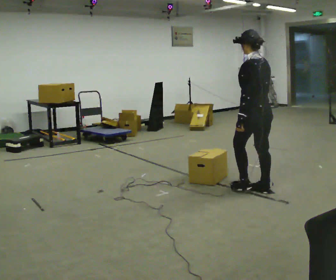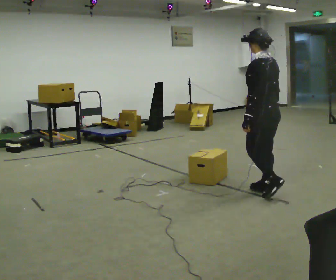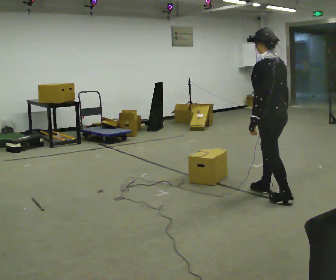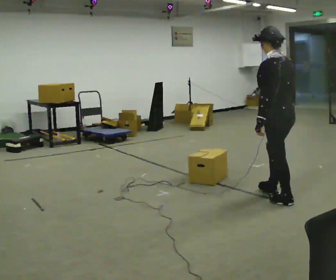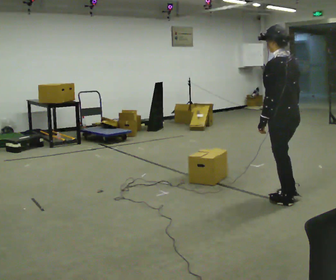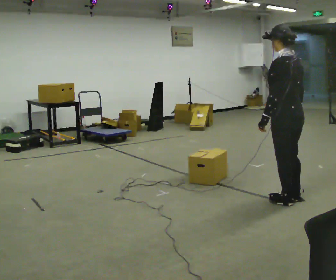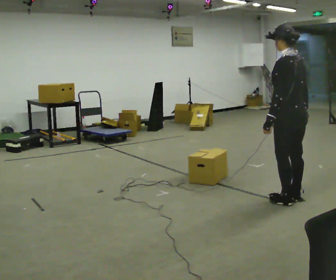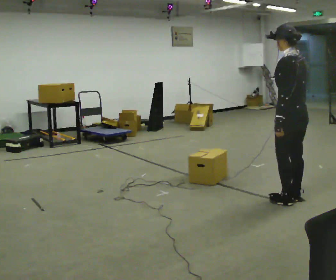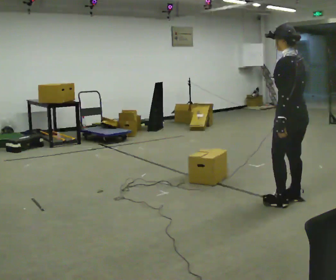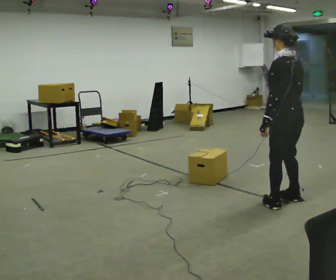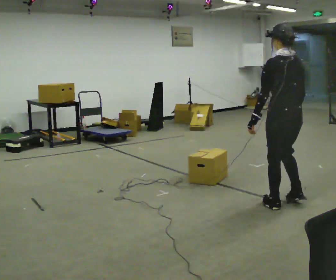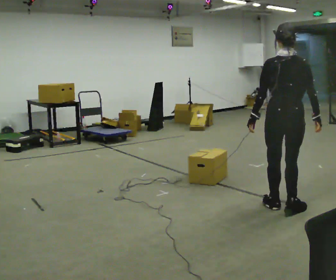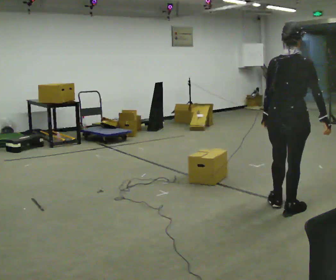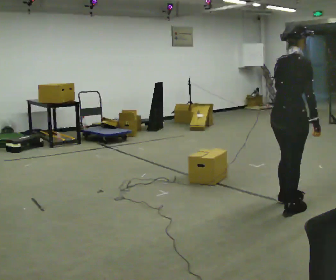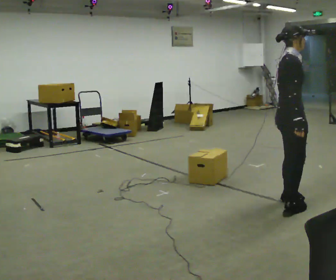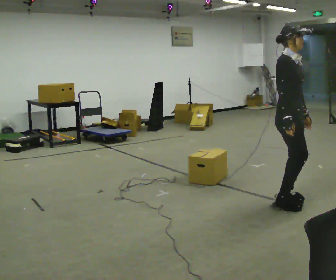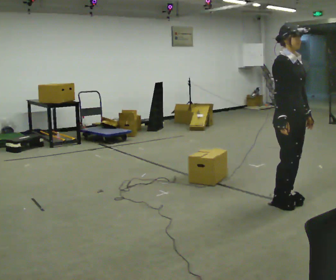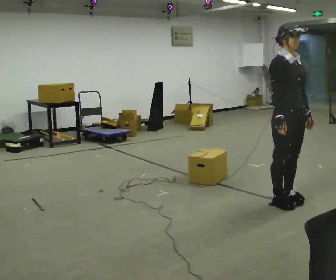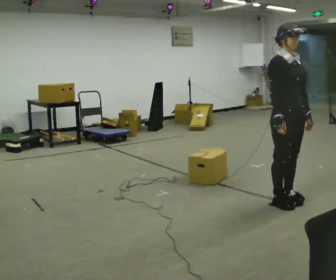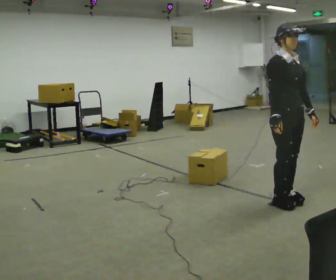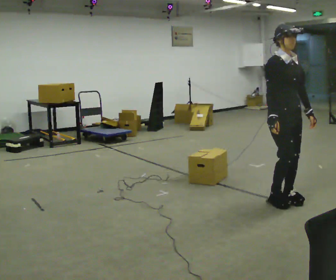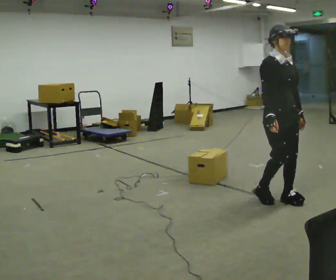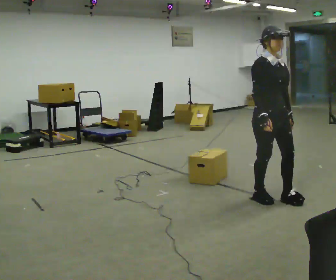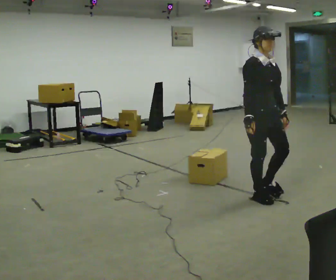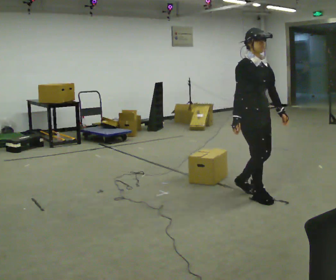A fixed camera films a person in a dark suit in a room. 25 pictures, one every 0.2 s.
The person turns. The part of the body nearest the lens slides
to the left.
The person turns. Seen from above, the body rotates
clockwise.
0.0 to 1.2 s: In the picture they go to the right and toward the camera, about 0.5 m in 1 step, which for them is backward.
1.2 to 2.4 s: The person turns about 75 degrees to their right, clockwise seen from above, so the part of the body nearest the lens slides to the left. In the picture they go toward the camera, about 0.25 m in 3 steps.
2.4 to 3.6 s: The person turns about 105 degrees to their right, clockwise seen from above, so the part of the body nearest the lens slides to the left. In the picture they go away from the camera, about 0.25 m in 1 step. In the picture their left hand goes to the right, the arm swinging counterclockwise.
3.6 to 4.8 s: In the picture they go to the left and away from the camera, about 0.25 m in 2 steps, which for them is backward.
The film runs backward here.
